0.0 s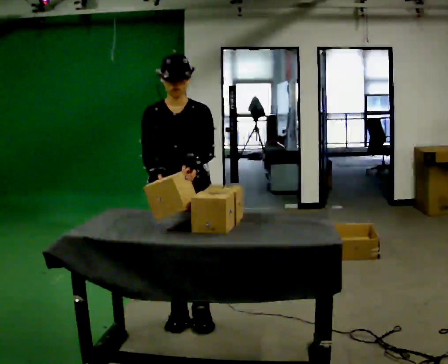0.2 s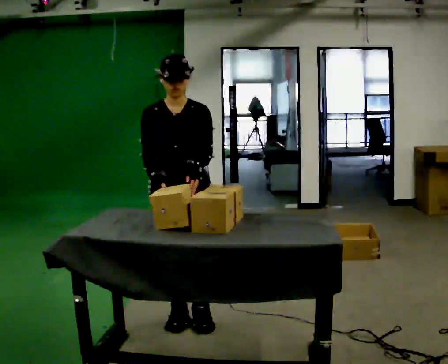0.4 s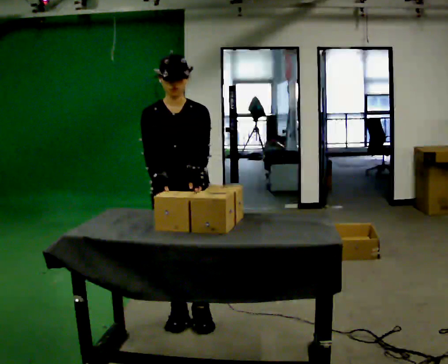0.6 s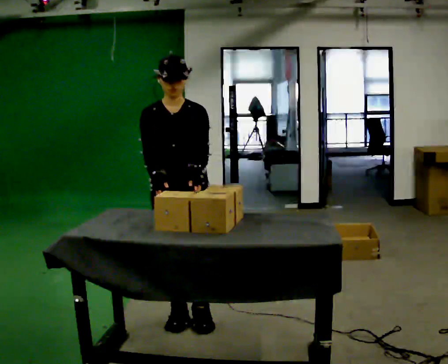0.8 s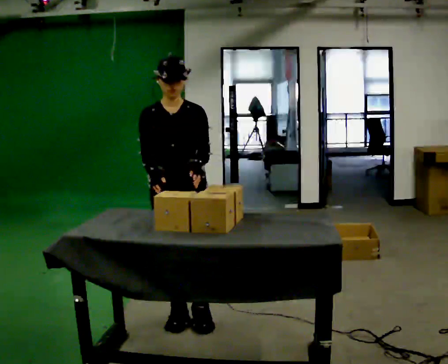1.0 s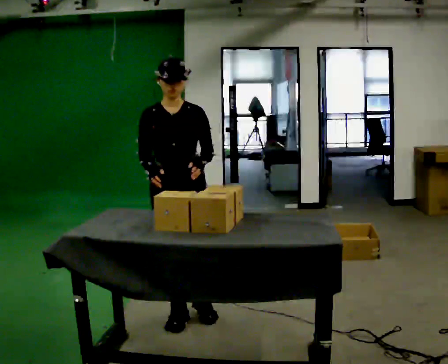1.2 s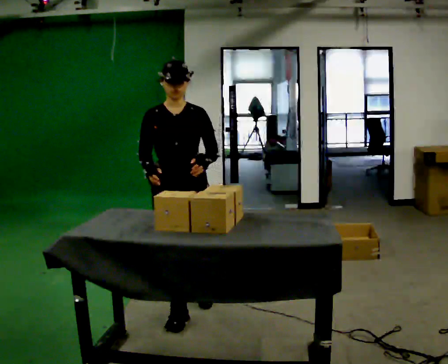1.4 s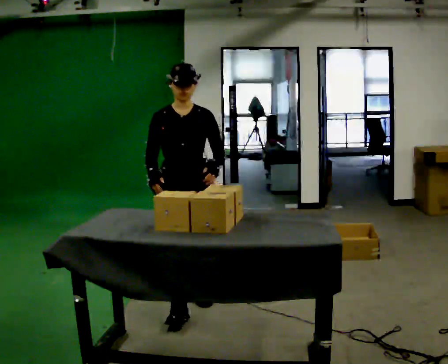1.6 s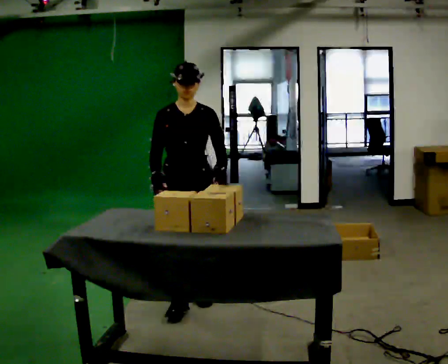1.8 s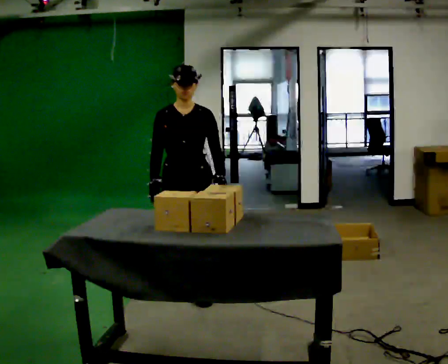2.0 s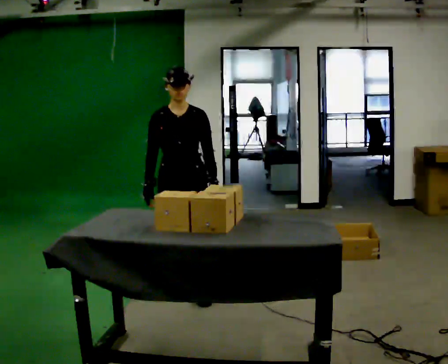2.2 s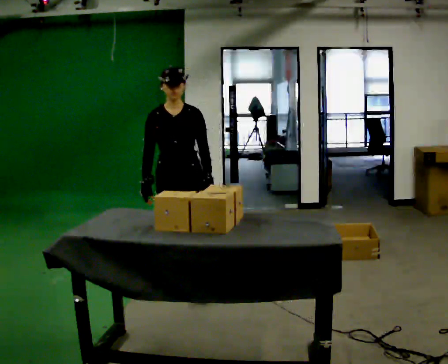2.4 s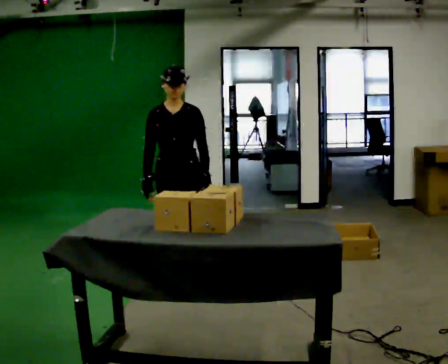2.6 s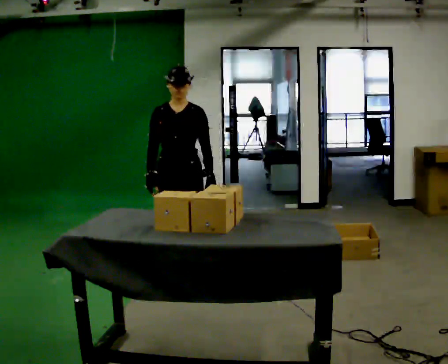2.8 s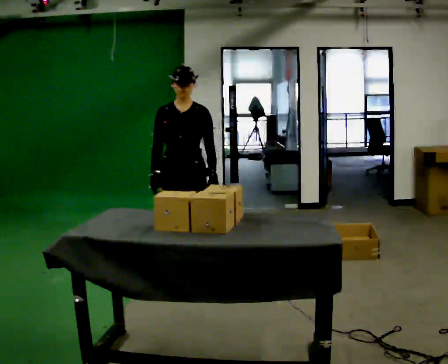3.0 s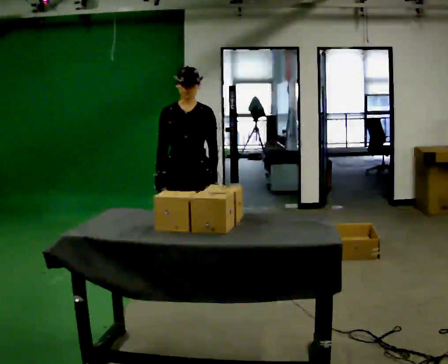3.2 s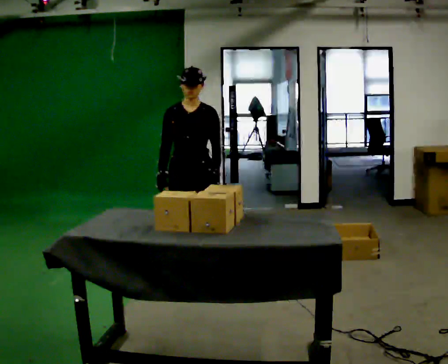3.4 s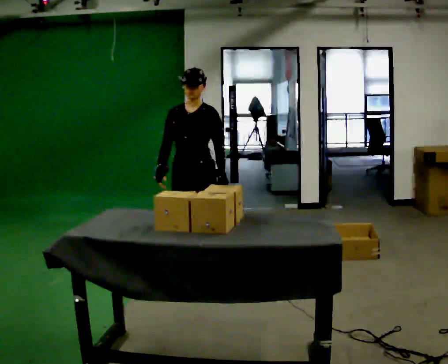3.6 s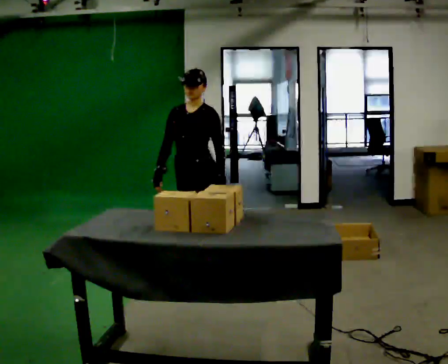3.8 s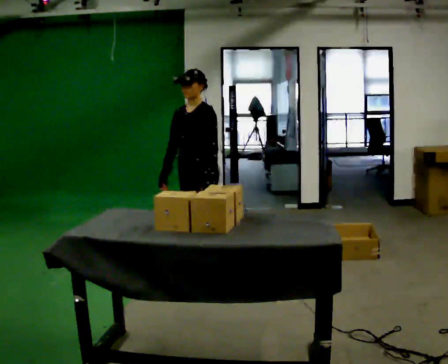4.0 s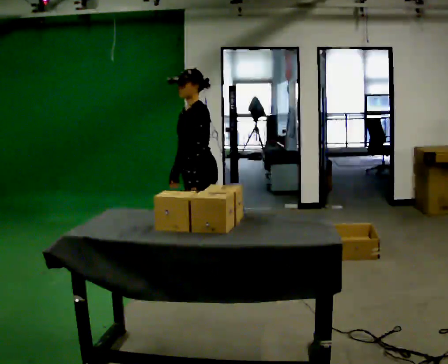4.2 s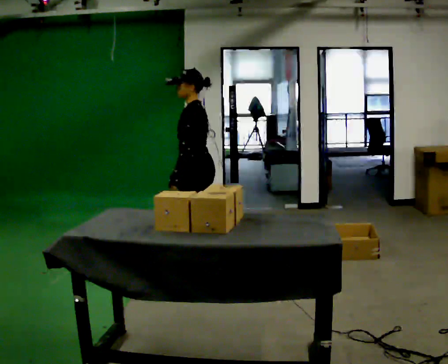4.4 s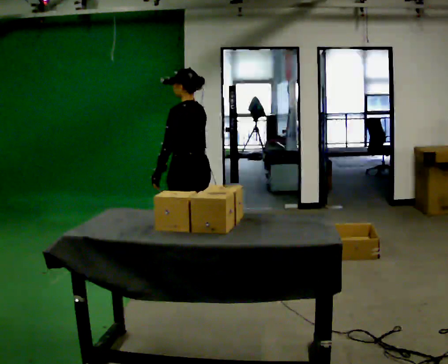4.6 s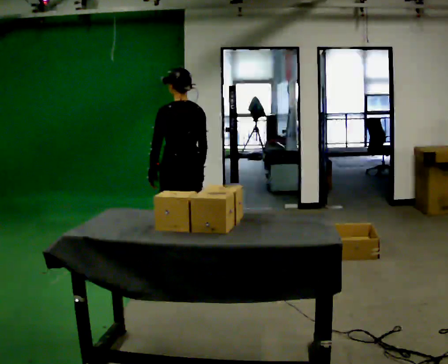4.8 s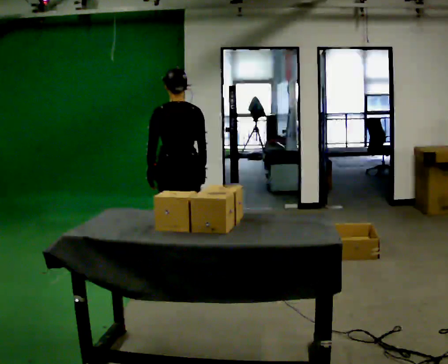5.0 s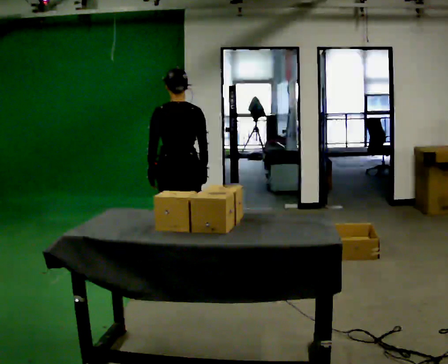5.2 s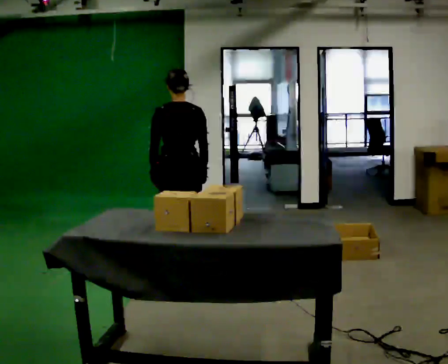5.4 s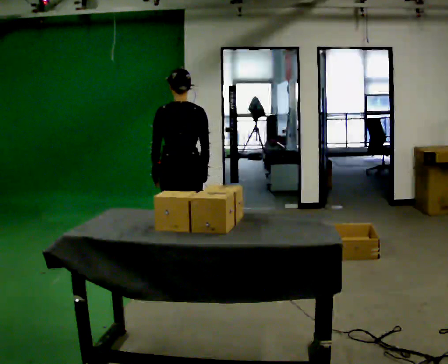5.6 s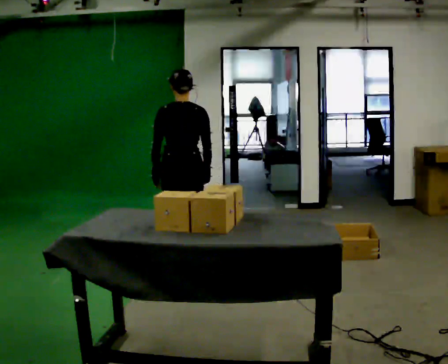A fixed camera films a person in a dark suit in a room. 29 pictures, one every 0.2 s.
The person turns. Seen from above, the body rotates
clockwise.
The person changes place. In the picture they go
away from the camera.
0.0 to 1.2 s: In the picture they go away from the camera, about 0.25 m in 1 step, which for them is backward.
1.2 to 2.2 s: In the picture they go away from the camera, about 0.5 m in 2 steps, which for them is backward.
2.2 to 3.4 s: In the picture they go away from the camera, about 0.25 m in 1 step, which for them is backward.
3.4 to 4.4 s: The part of the body nearest the lens slides to the left as the person turns to their right by about 105 degrees. In the picture their right hand goes to the right.
4.4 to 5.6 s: Seen from above the body turns clockwise, about 60 degrees: to their right, with its near side sliding to the left.
The film runs backward here.
